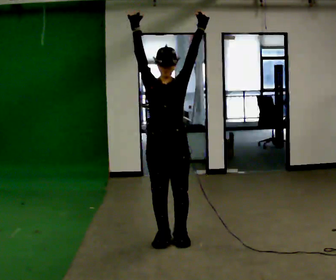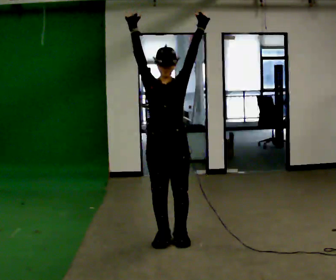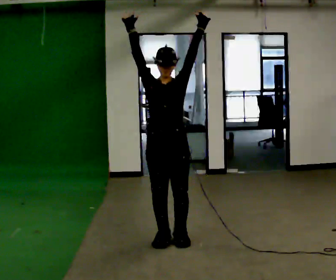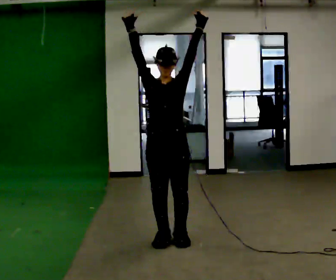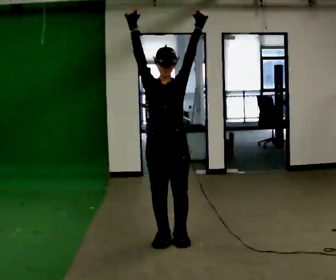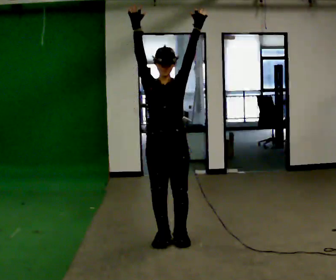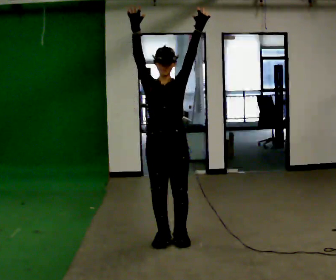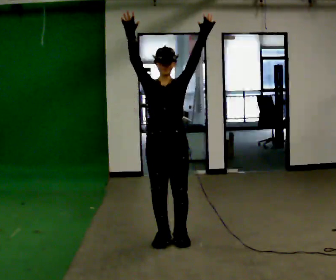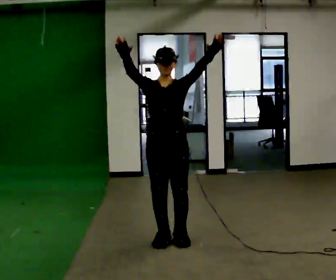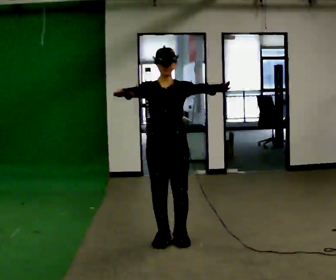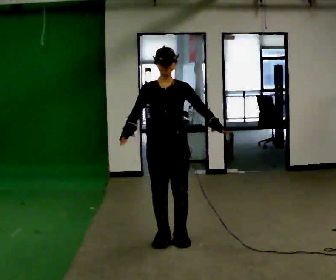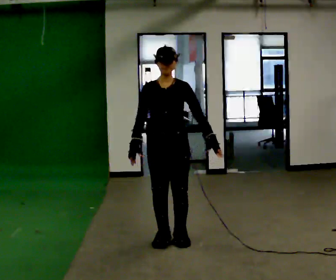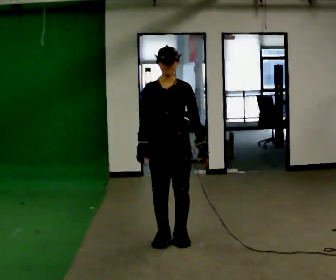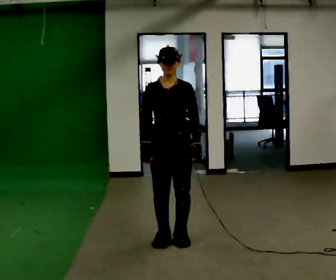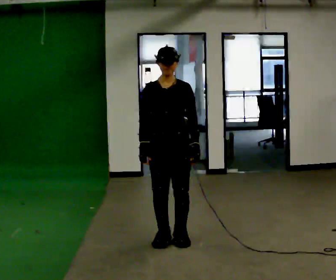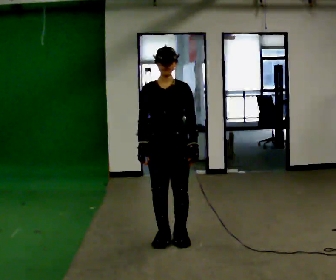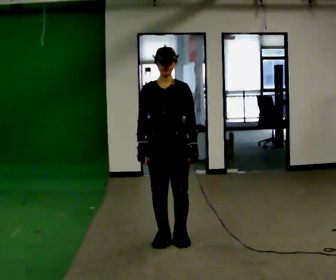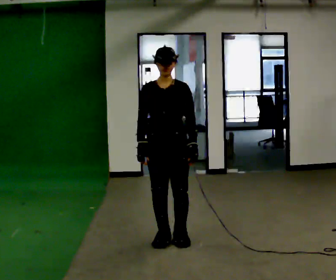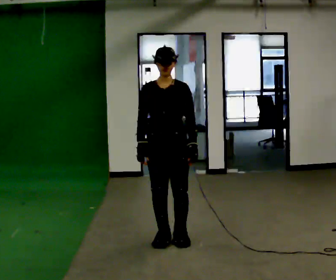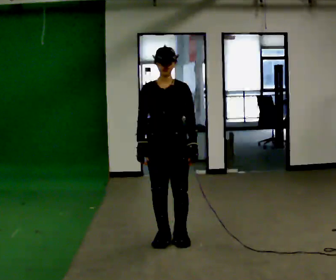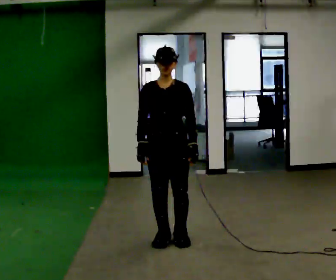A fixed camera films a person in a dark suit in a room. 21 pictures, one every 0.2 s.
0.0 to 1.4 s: The person moves a little, or ends about where they began.
1.4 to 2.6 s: In the picture their right hand goes downward.
2.6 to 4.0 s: The person moves a little, or ends about where they began.
The film runs backward here.
